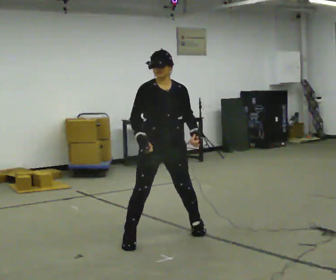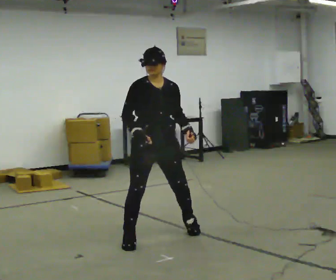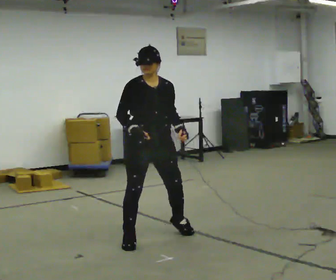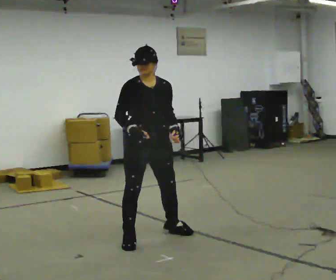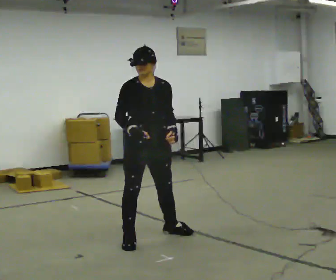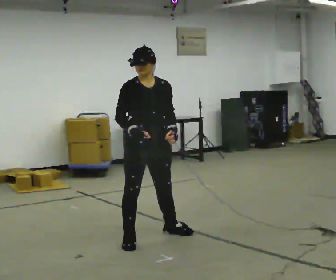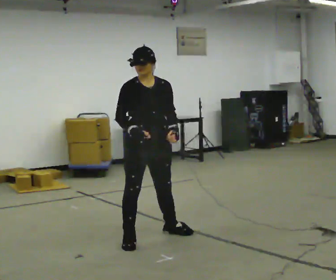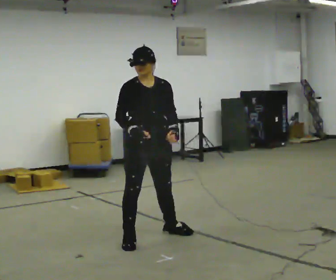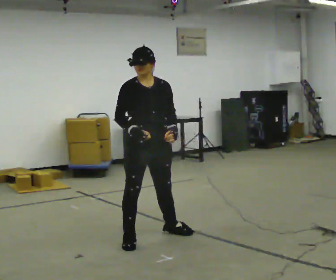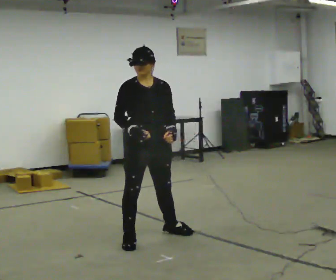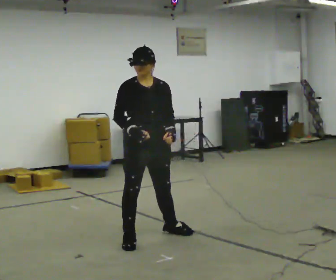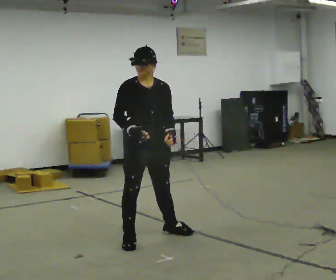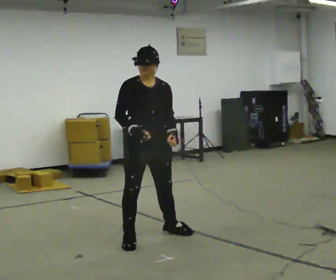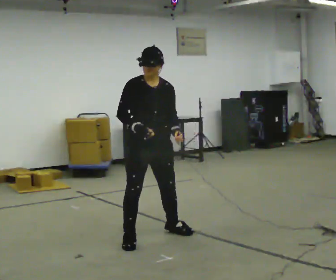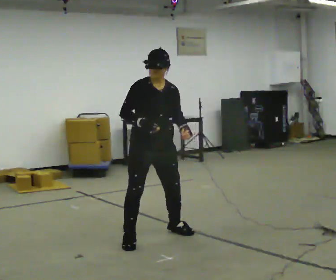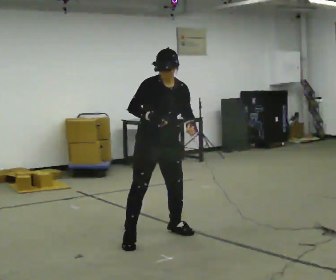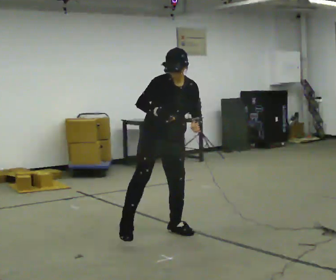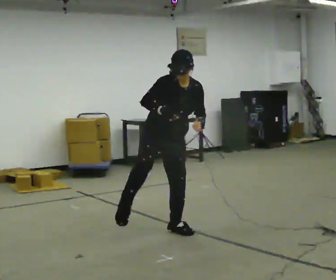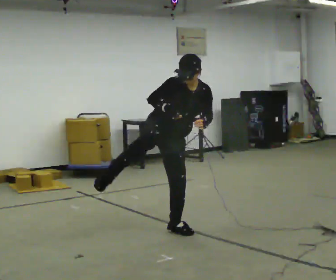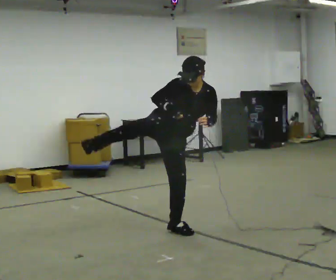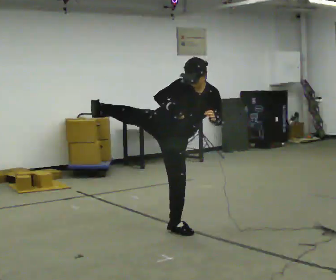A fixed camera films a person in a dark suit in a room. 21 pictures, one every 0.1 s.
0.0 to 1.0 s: In the picture they go to the left, about 0.25 m in 1 step, which for them is to their right.
1.0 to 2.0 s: In the picture they go away from the camera and to the right, about 0.25 m in 1 step, which for them is to their left. In the picture the upper body tilts clockwise, shoulders to the right, as they bend forward.
The film runs backward here.
